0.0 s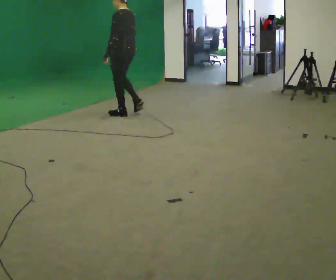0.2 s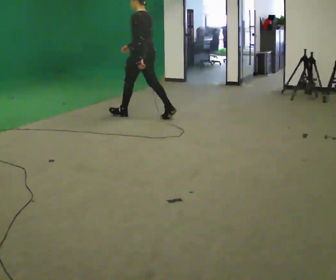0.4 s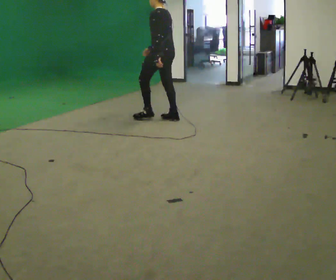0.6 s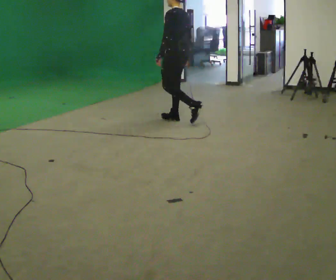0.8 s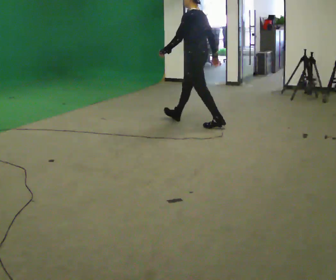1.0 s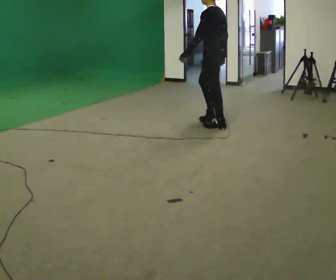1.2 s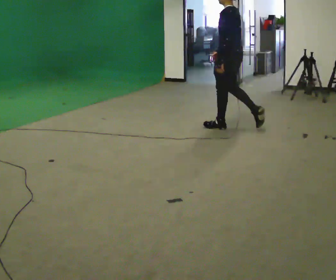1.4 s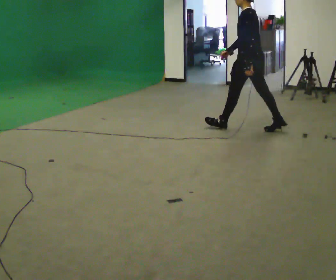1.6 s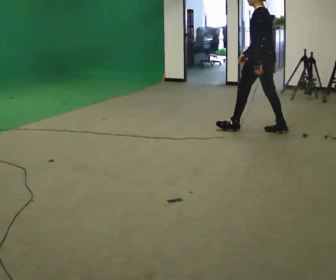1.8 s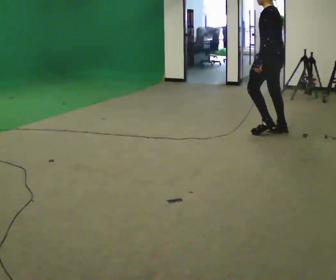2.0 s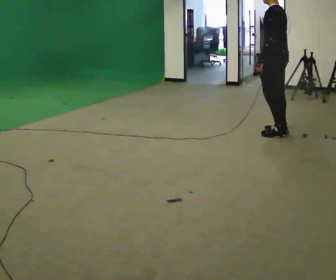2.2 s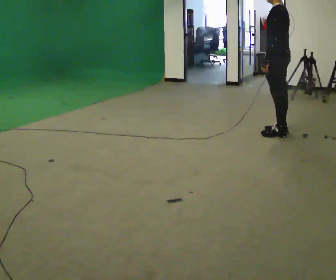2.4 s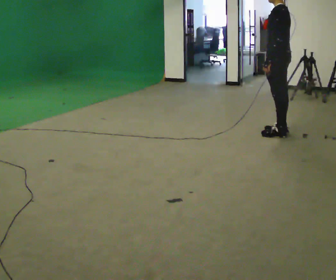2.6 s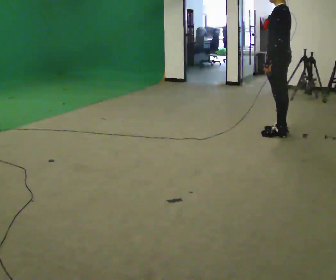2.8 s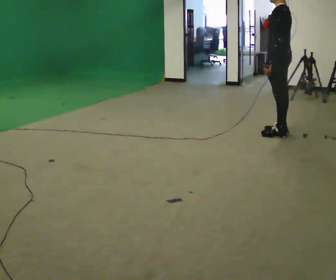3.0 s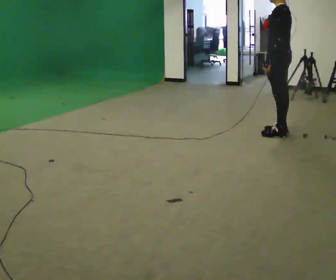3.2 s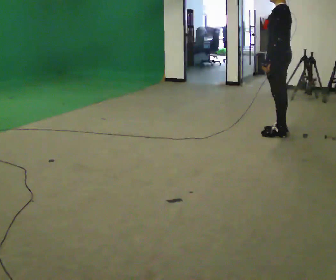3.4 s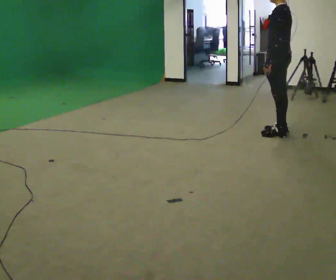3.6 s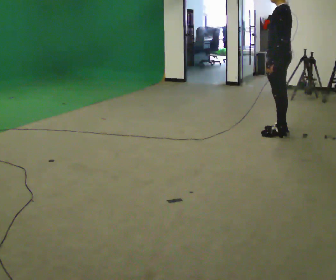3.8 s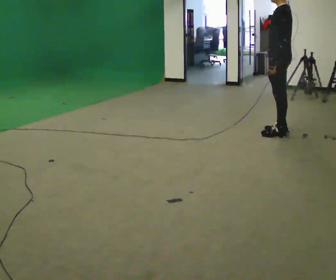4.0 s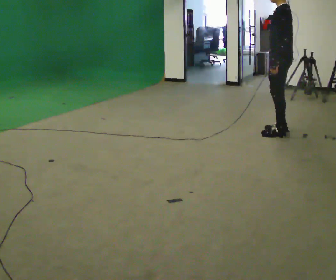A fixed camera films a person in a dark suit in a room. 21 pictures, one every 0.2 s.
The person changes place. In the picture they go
to the right.
0.0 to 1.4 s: In the picture they go to the right, about 2 m in 2 steps, which for them is backward.
1.4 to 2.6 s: In the picture they go to the right, about 0.5 m in 1 step, which for them is backward.
2.6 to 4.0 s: The person moves a little, or ends about where they began.
The film runs backward here.
